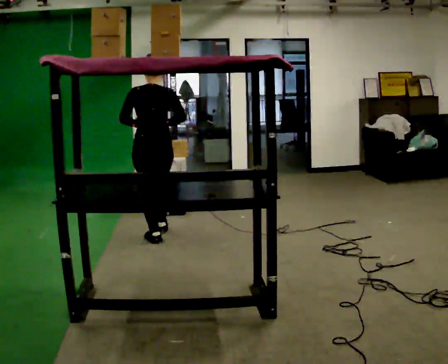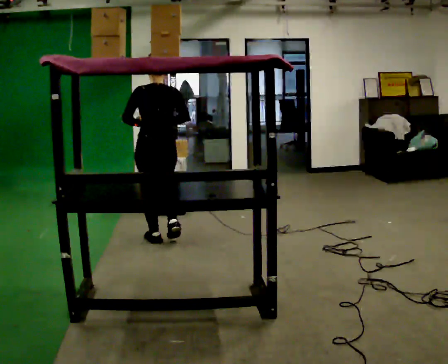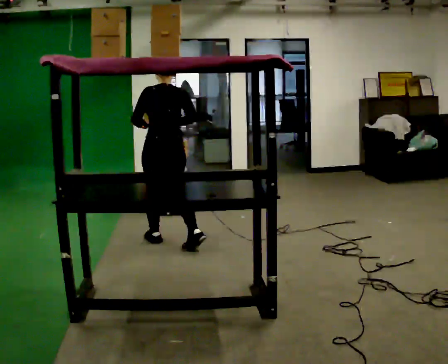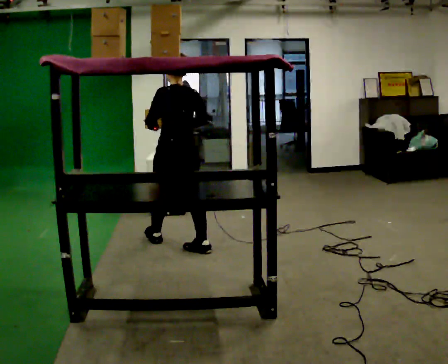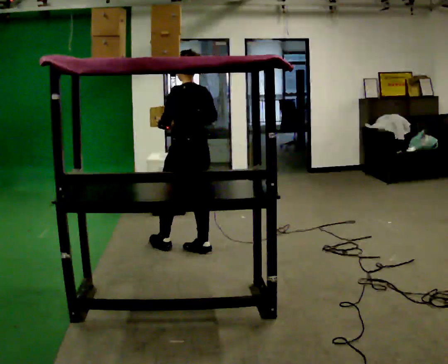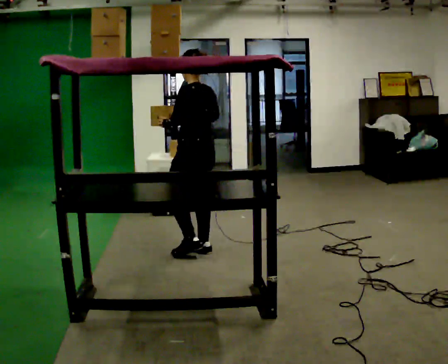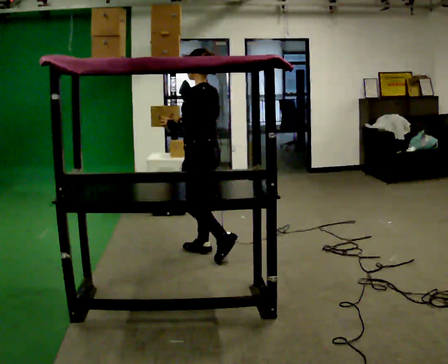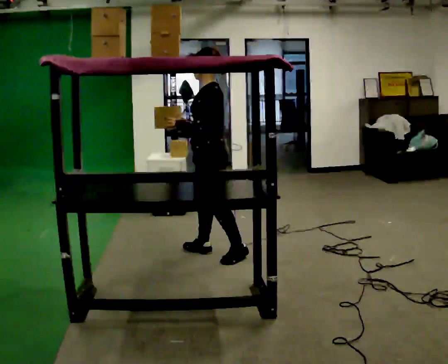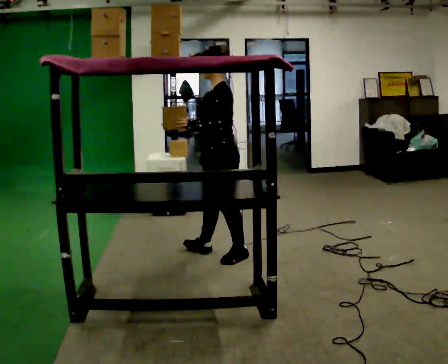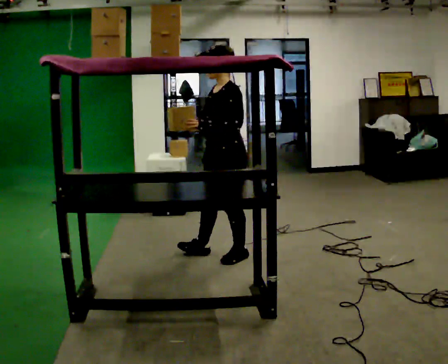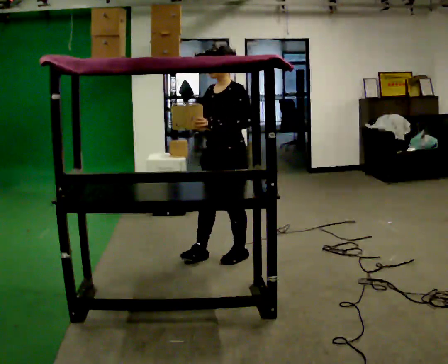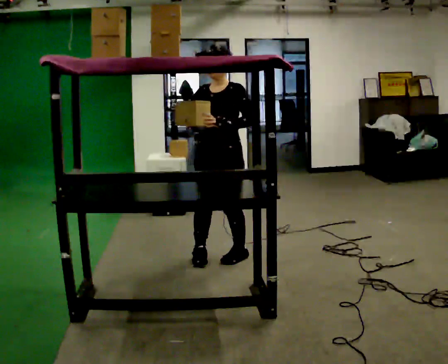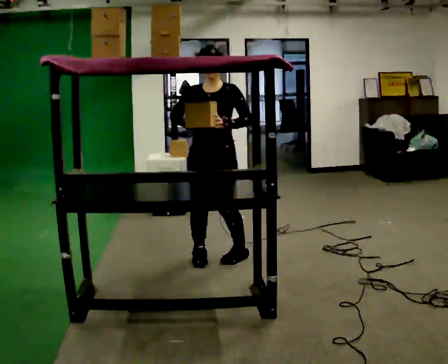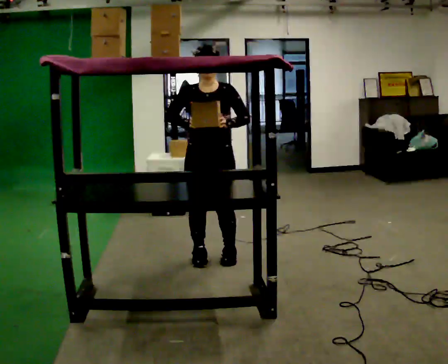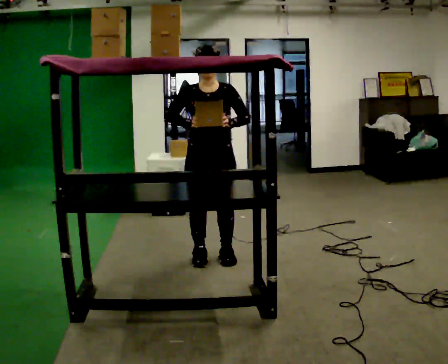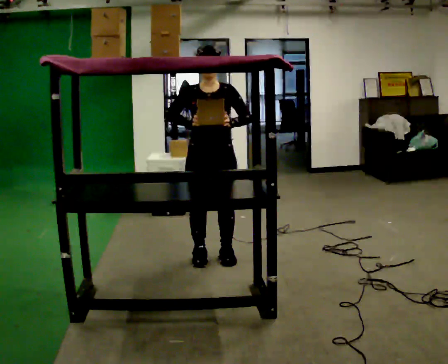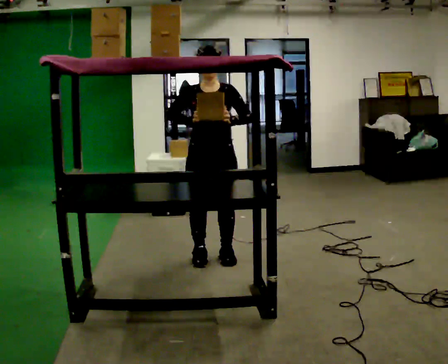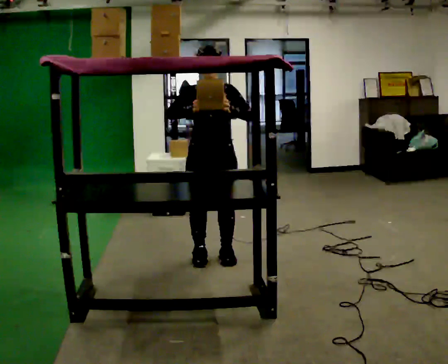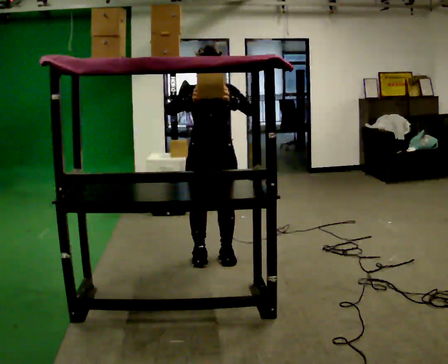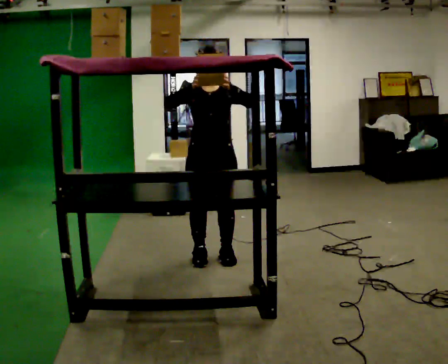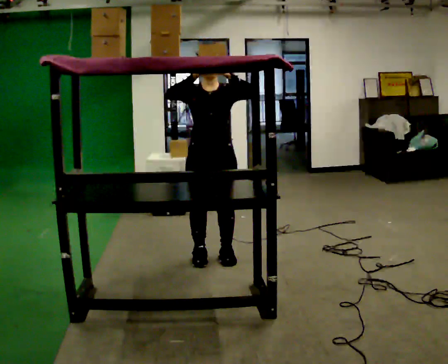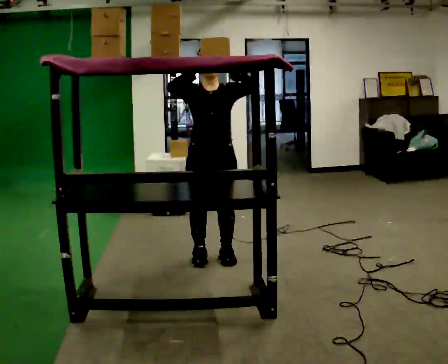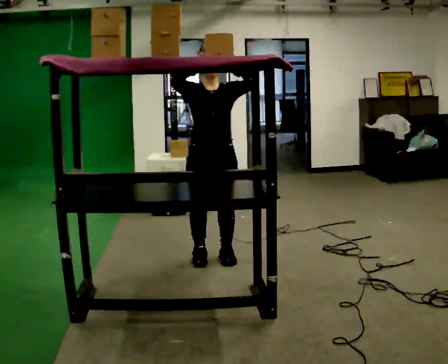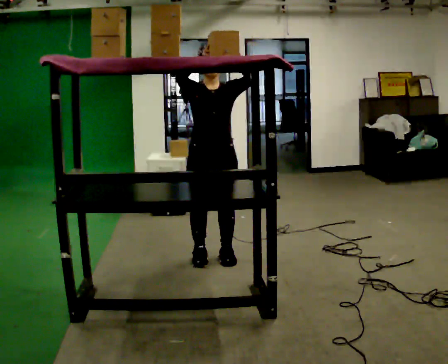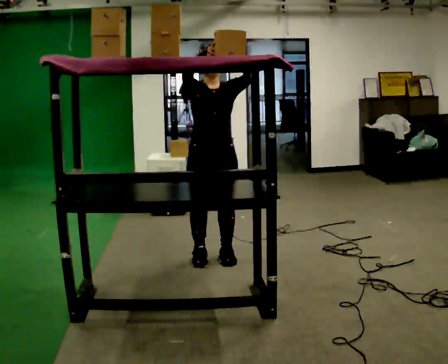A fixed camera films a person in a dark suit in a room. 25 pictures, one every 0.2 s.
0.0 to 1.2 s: The part of the body nearest the lens slides to the right as the person turns to their left by about 60 degrees. In the picture they go to the right and toward the camera, about 0.5 m in 1 step, which for them is backward.
1.2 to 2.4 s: The person turns about 90 degrees to their left, counterclockwise seen from above, so the part of the body nearest the lens slides to the right. In the picture they go toward the camera, about 0.25 m in 1 step. In the picture their left hand goes to the right.
2.4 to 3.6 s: The person moves a little, or ends about where they began.
3.6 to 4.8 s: In the picture their right hand goes upward.
The film runs backward here.
